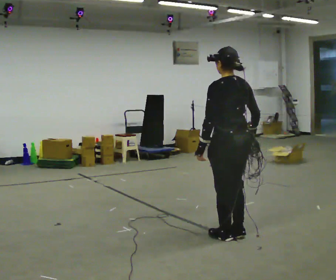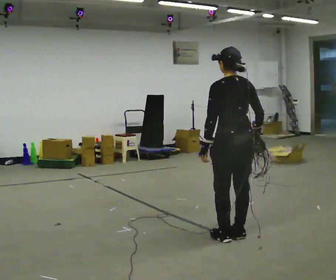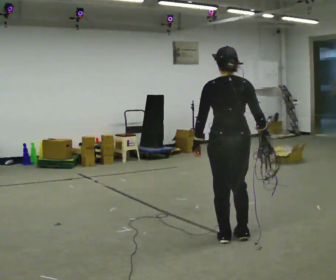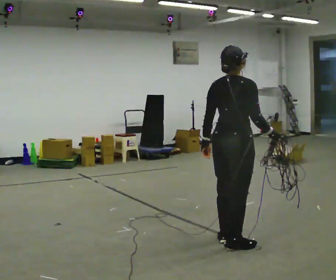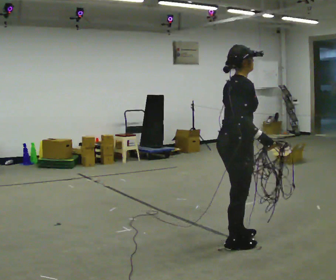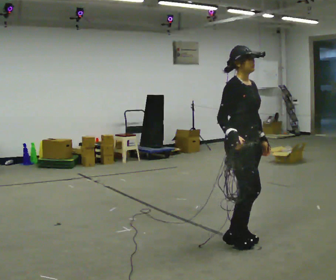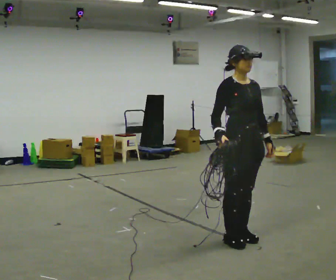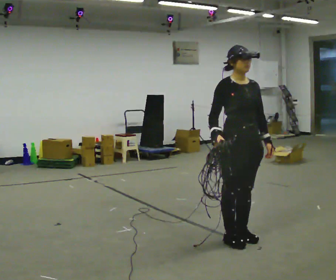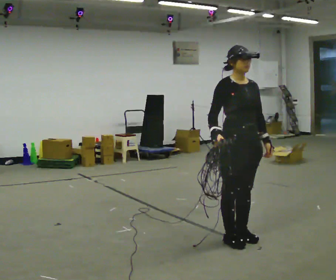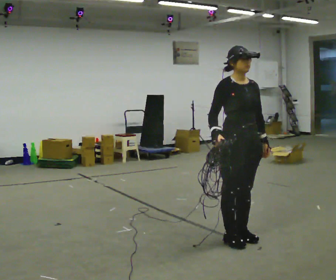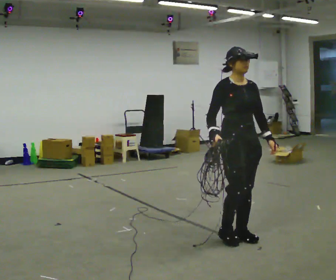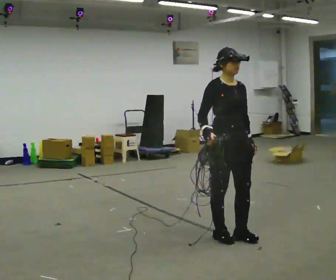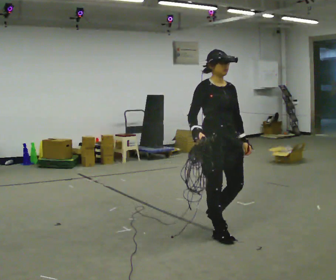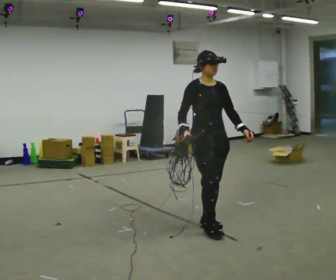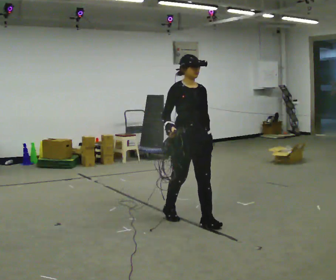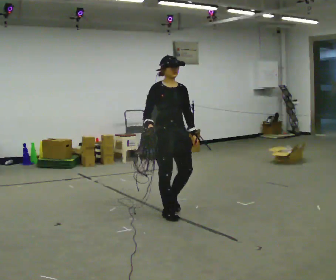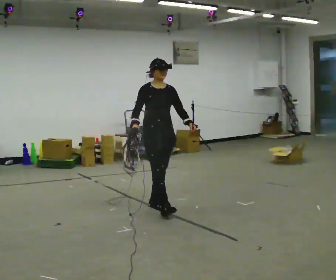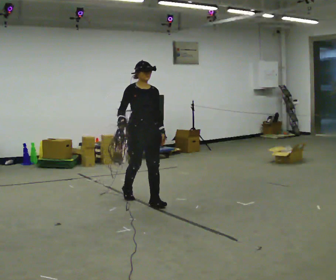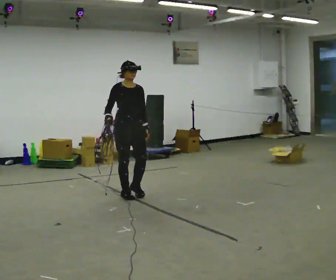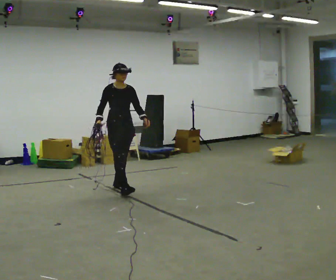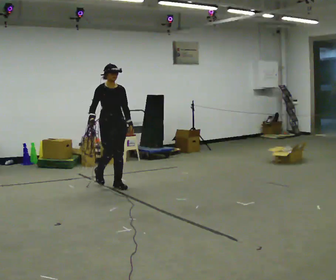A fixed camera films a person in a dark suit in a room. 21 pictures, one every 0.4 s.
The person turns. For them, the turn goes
to their right.
The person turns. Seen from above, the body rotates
clockwise.
0.0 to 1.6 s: Seen from above the body turns clockwise, about 105 degrees: to their right, with its near side sliding to the left. In the picture they go toward the camera, about 0.25 m in 1 step.
1.6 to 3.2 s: The part of the body nearest the lens slides to the left as the person turns to their right by about 75 degrees. In the picture their left hand goes to the right.
3.2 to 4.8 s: In the picture they go to the left and away from the camera, about 0.25 m in 2 steps, which for them is backward.
4.8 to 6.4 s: In the picture they go away from the camera and to the left, about 1 m in 3 steps, which for them is backward.
6.4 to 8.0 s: In the picture they go away from the camera and to the left, about 1 m in 2 steps, which for them is backward.
The film runs backward here.
